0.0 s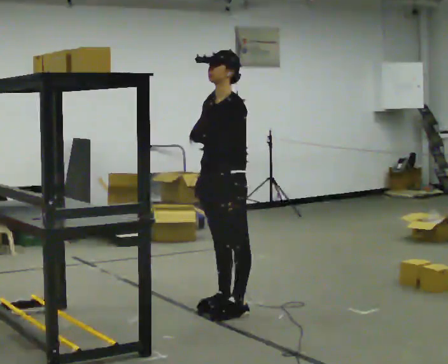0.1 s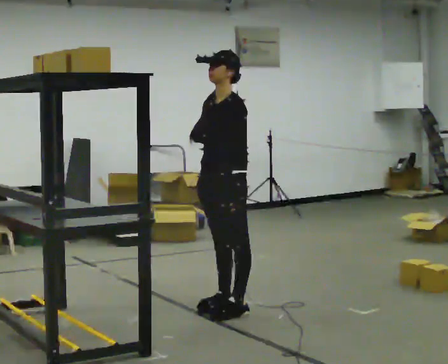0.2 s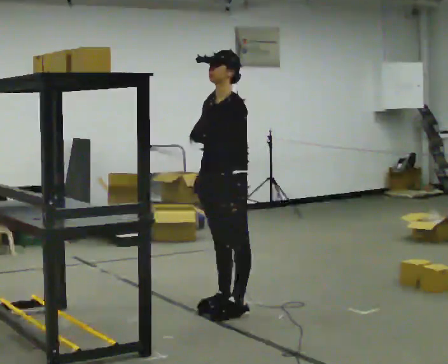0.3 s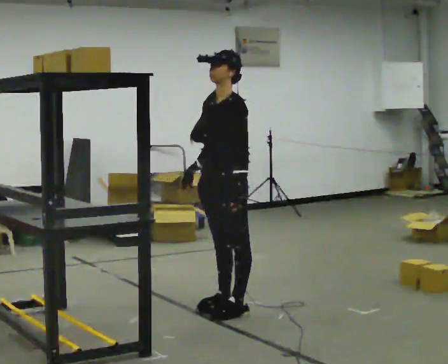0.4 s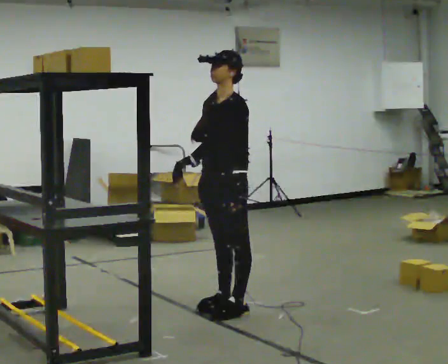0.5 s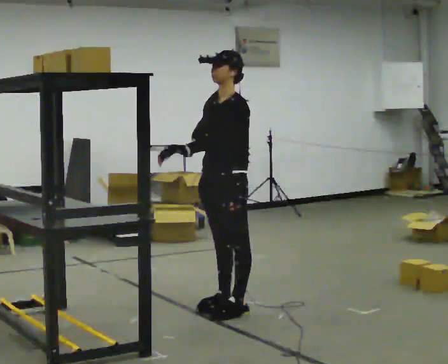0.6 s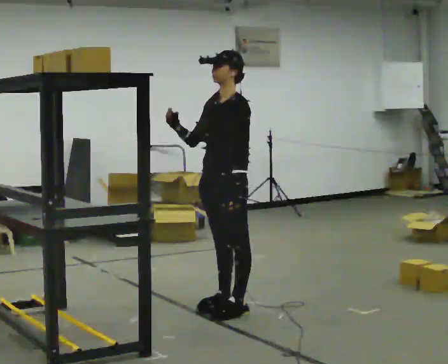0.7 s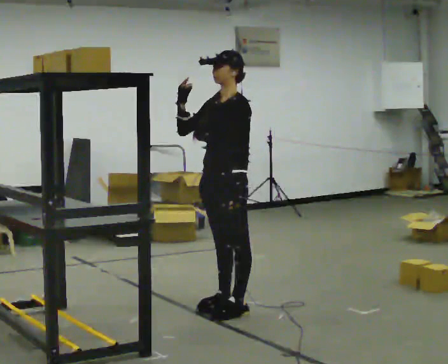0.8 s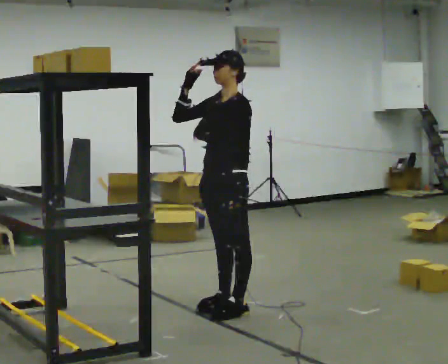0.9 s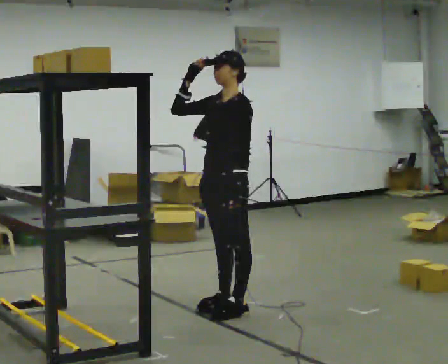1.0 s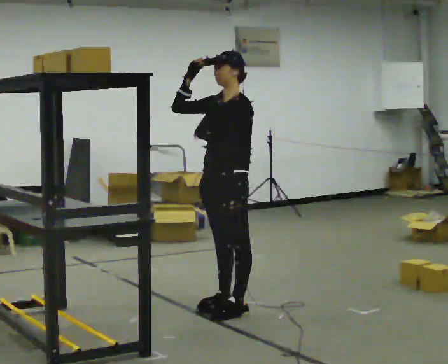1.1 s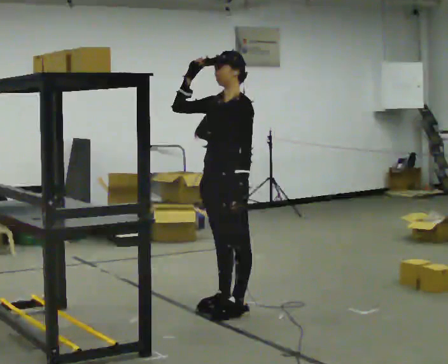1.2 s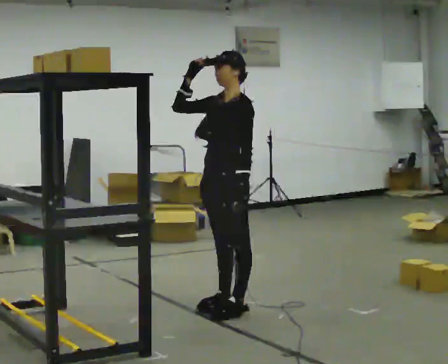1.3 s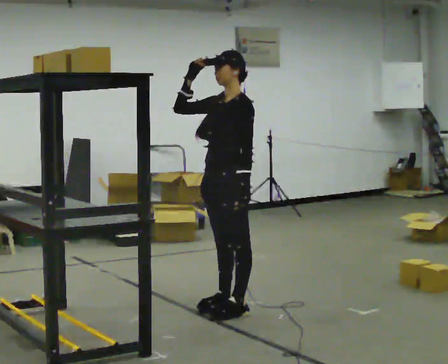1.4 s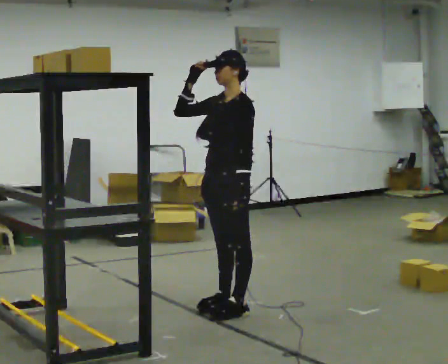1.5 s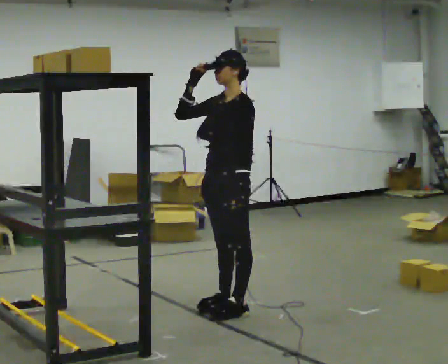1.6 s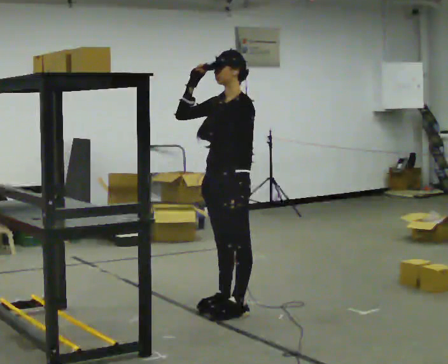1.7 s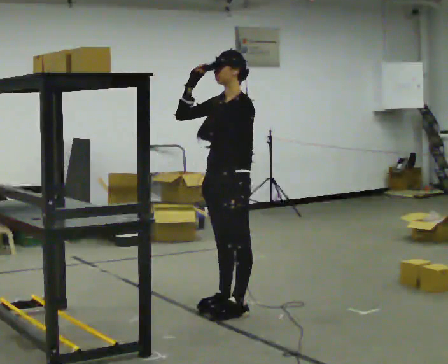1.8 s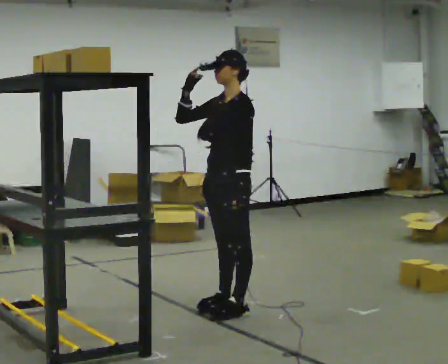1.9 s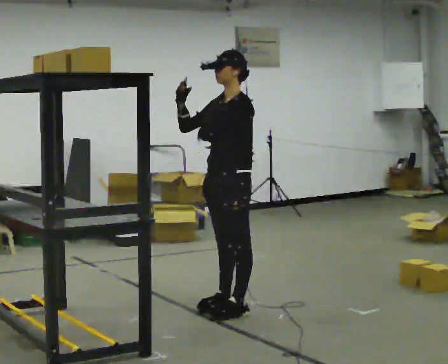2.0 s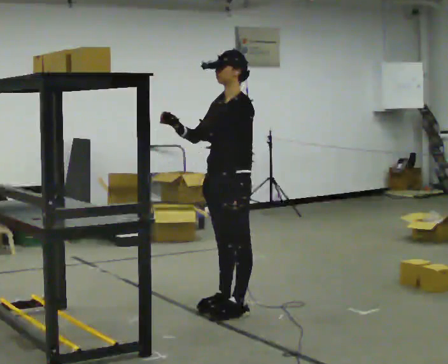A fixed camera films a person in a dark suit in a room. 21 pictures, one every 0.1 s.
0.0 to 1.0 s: In the picture their right hand goes upward.
1.0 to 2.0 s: The person moves a little, or ends about where they began.
The film runs backward here.
